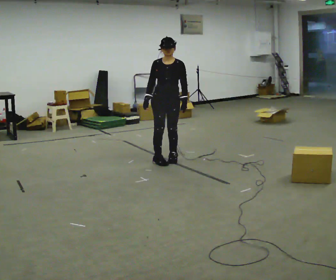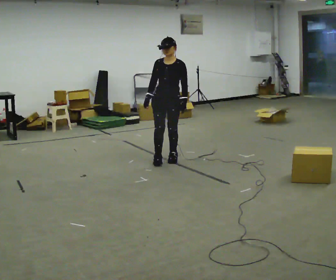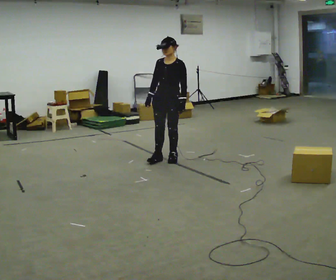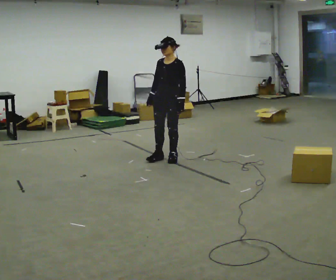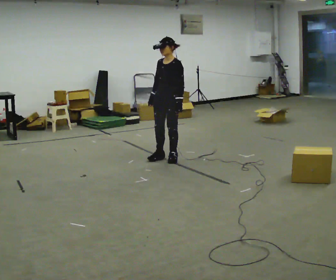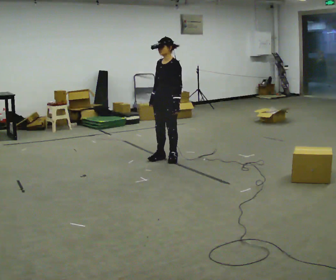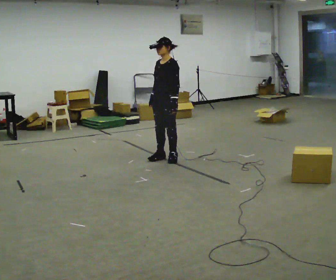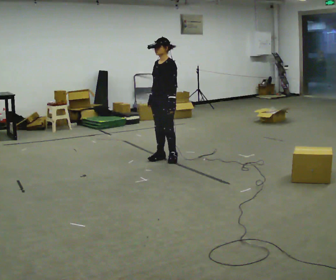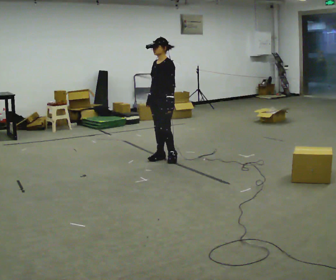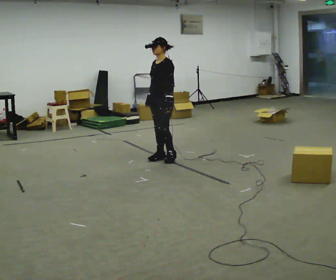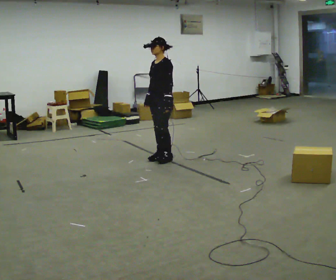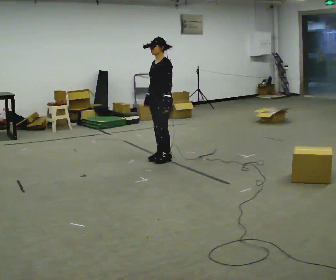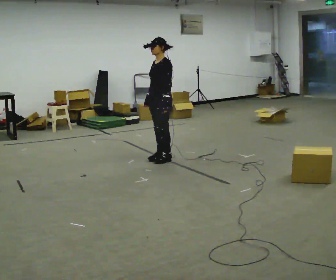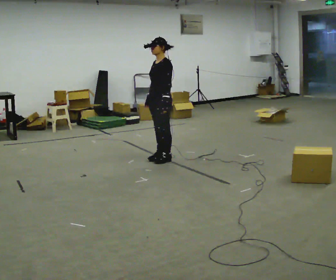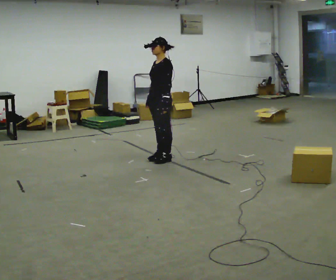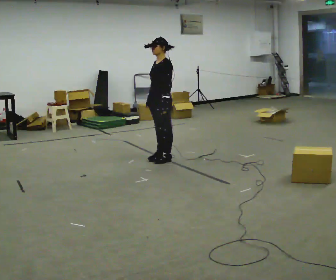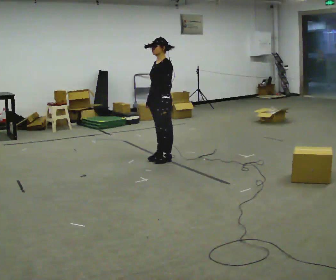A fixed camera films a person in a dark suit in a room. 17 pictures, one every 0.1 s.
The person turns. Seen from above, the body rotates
clockwise.
The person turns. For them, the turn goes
to their right.
0.0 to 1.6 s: Seen from above the body turns clockwise, about 60 degrees: to their right, with its near side sliding to the left.
The film runs forward here.
